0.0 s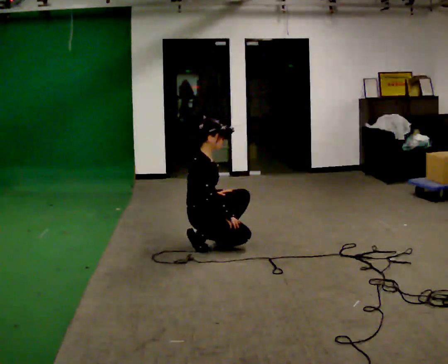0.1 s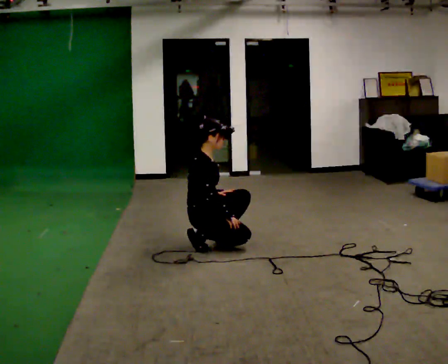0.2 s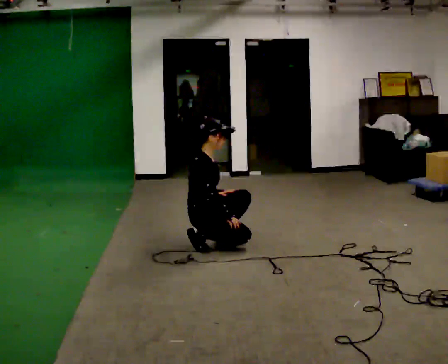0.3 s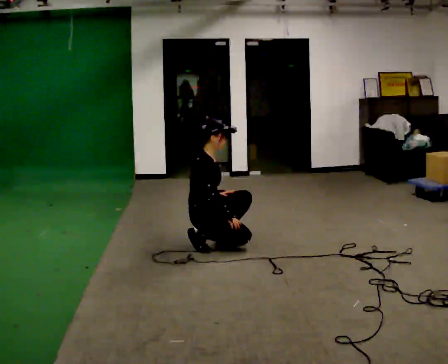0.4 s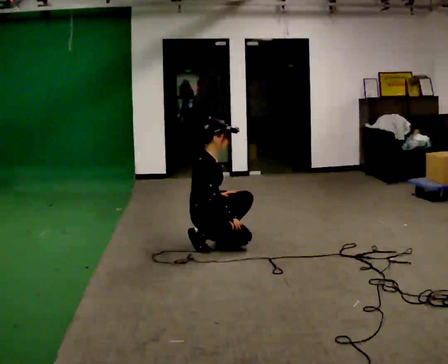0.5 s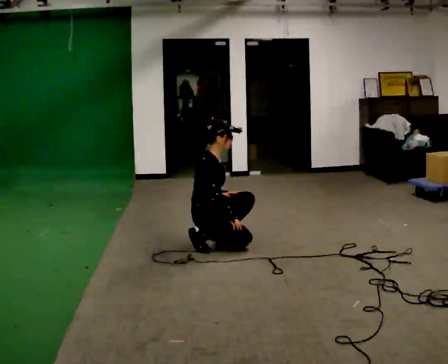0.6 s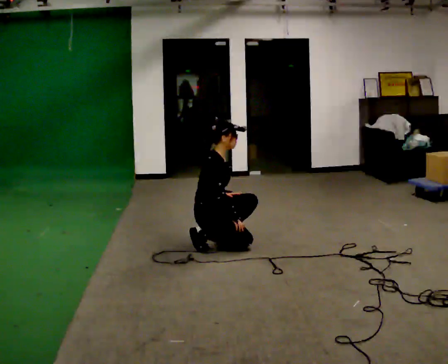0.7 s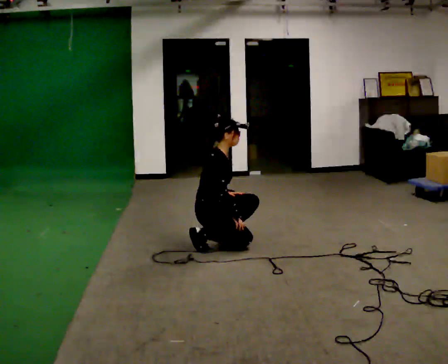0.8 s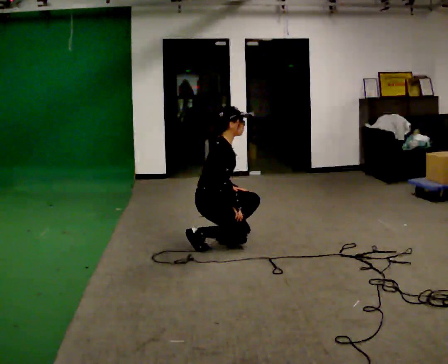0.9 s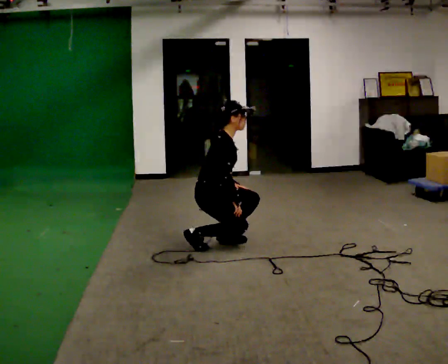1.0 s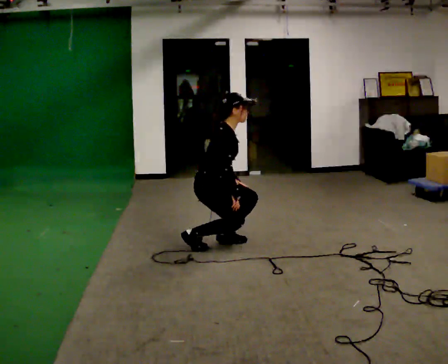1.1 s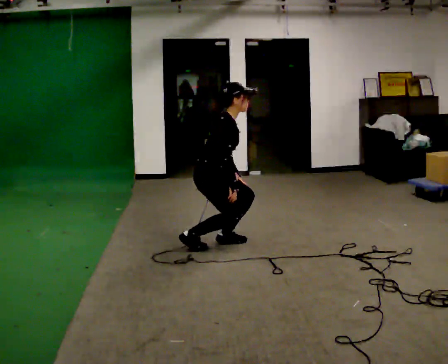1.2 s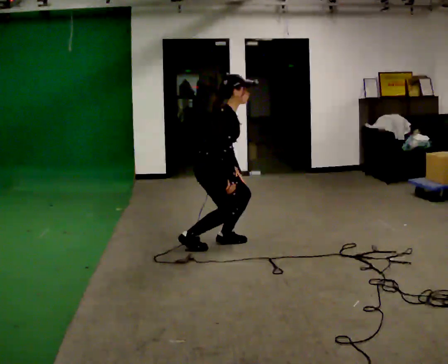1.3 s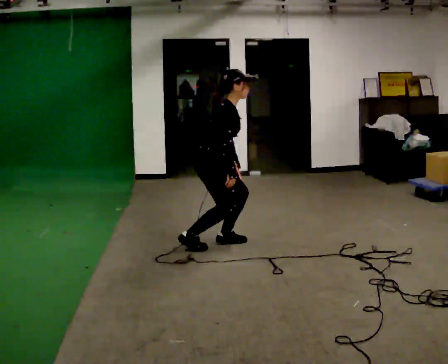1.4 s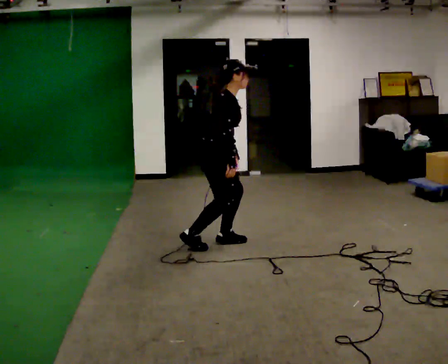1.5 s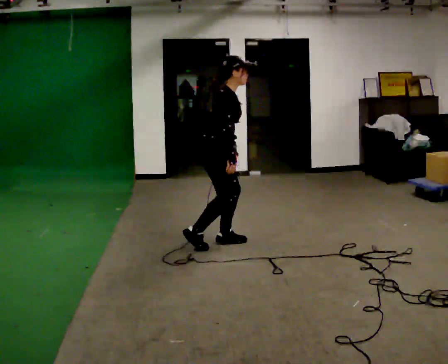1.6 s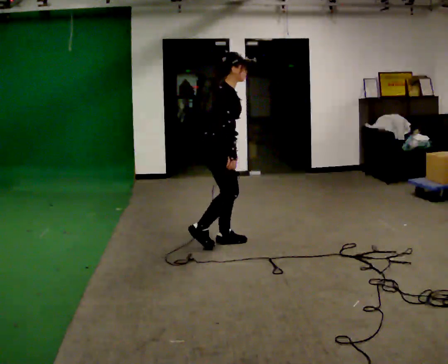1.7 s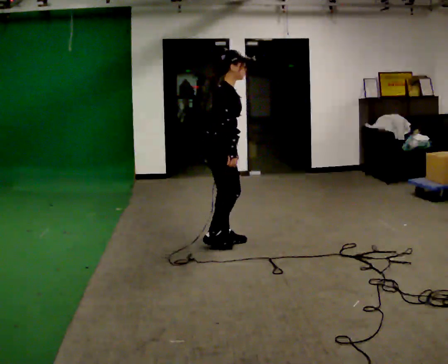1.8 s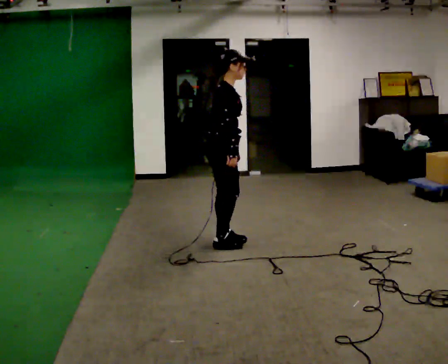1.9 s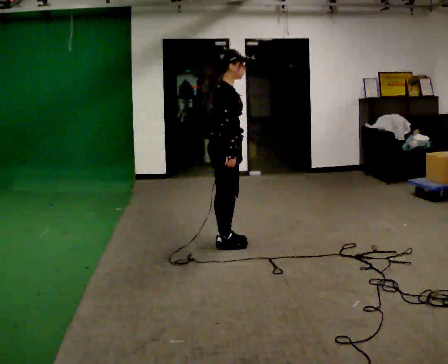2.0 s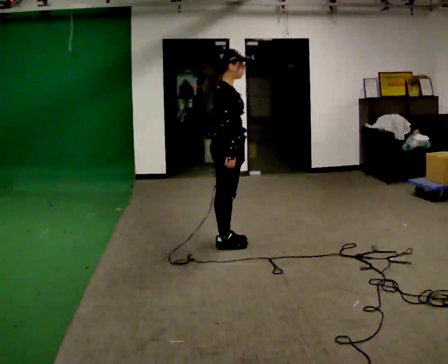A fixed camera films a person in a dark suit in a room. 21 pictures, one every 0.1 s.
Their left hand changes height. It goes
upward.
The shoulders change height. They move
upward.
0.0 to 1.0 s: The shoulders move upward. In the picture the upper body tilts clockwise, shoulders to the right, as they bend forward.
1.0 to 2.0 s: The upper body goes upward. In the picture the upper body tilts counterclockwise, shoulders to the left, as they lean back or straighten.
The film runs forward here.
